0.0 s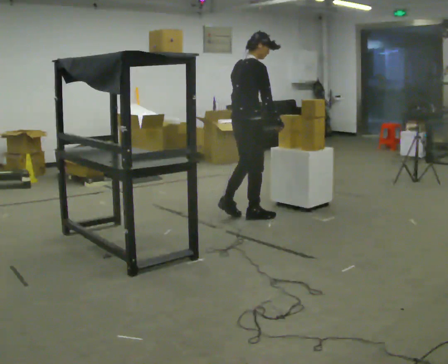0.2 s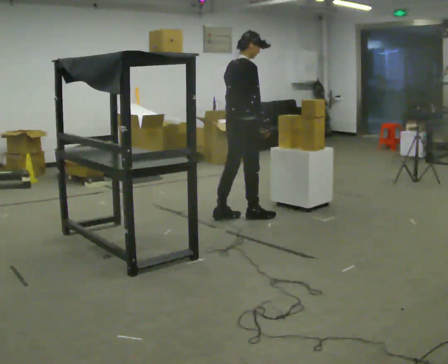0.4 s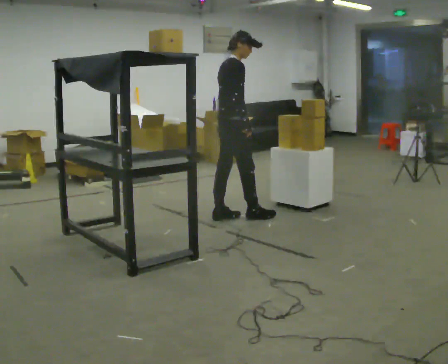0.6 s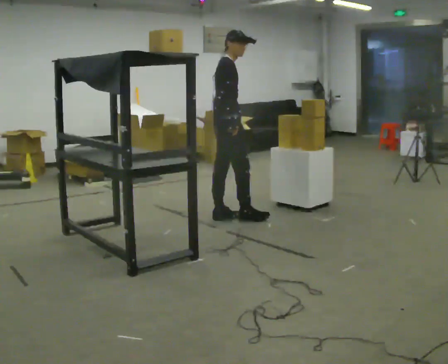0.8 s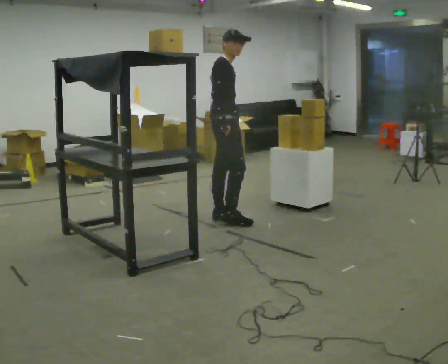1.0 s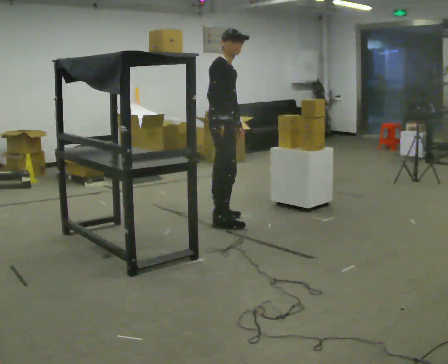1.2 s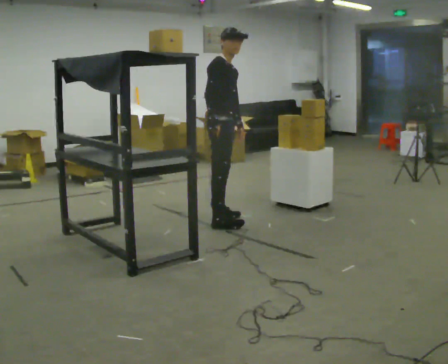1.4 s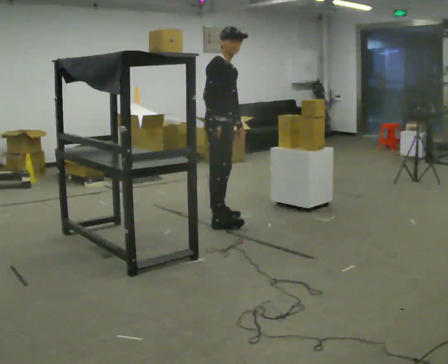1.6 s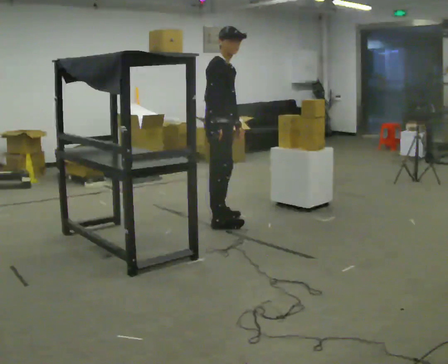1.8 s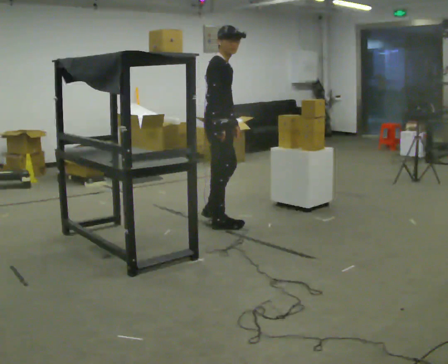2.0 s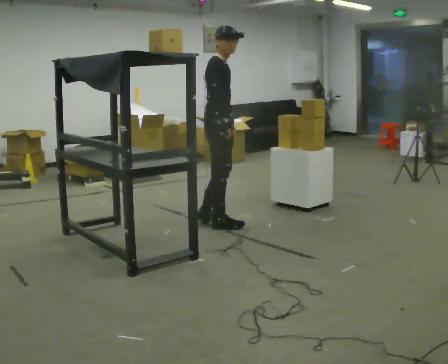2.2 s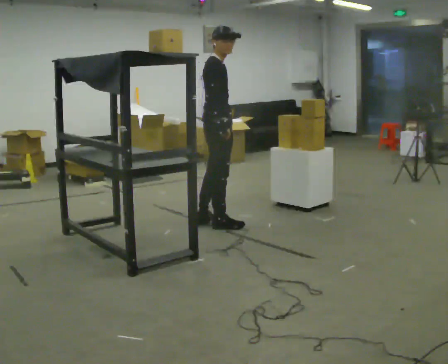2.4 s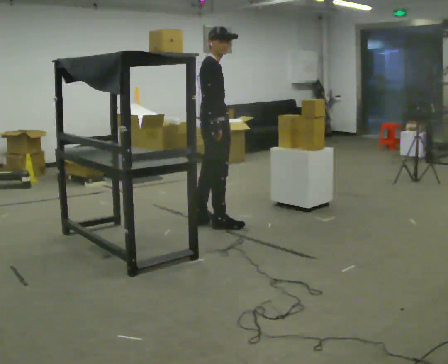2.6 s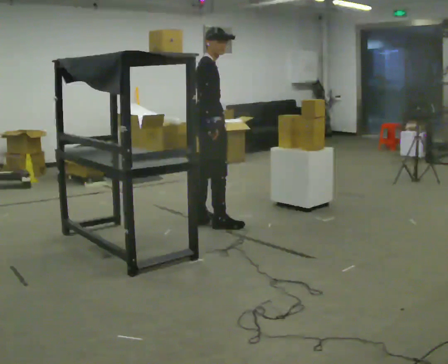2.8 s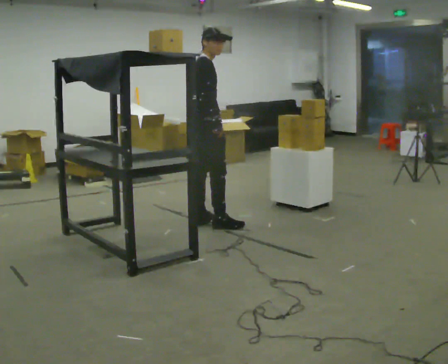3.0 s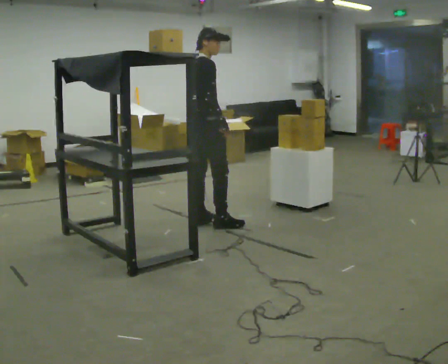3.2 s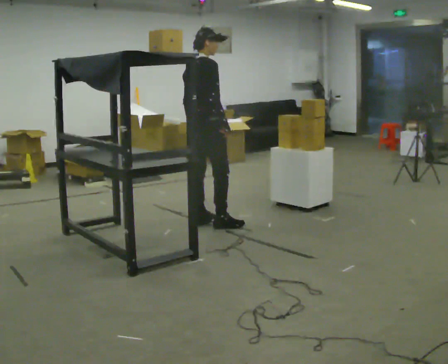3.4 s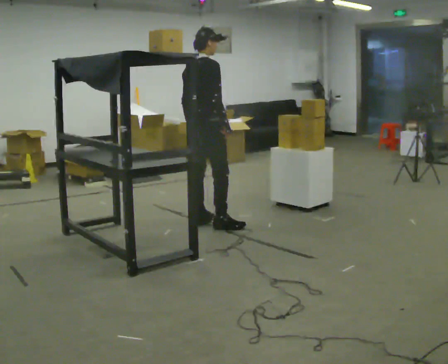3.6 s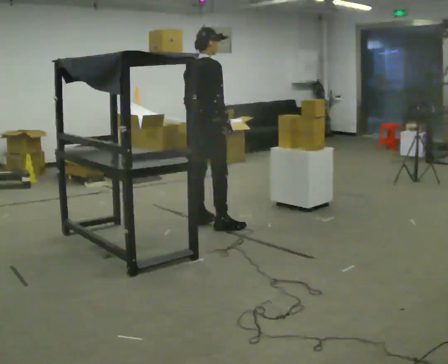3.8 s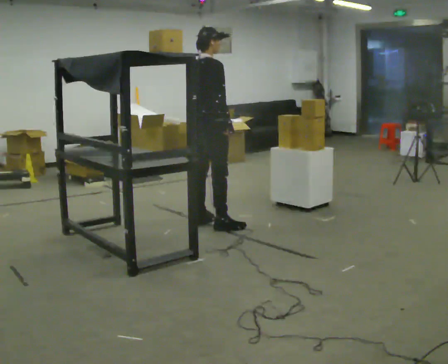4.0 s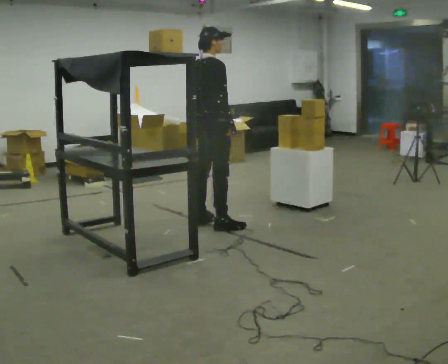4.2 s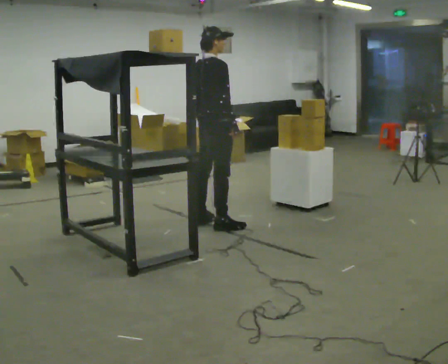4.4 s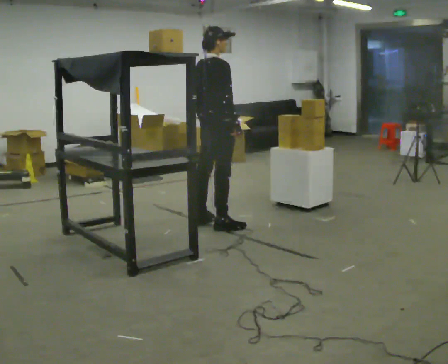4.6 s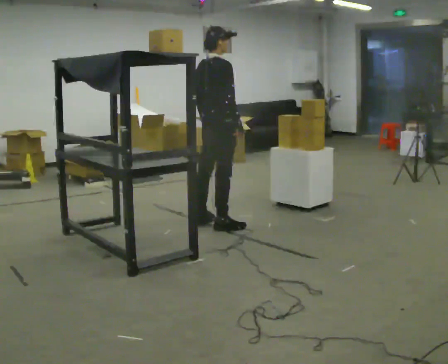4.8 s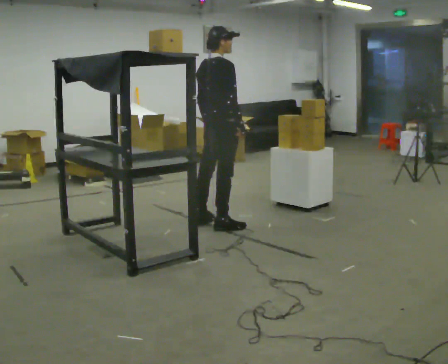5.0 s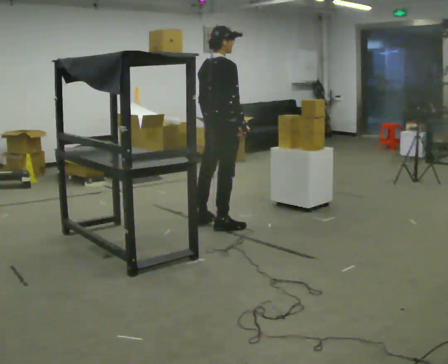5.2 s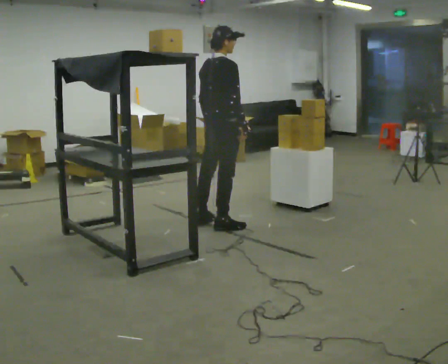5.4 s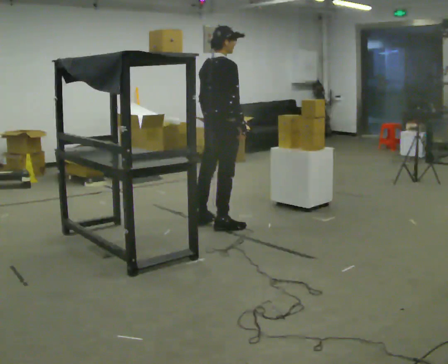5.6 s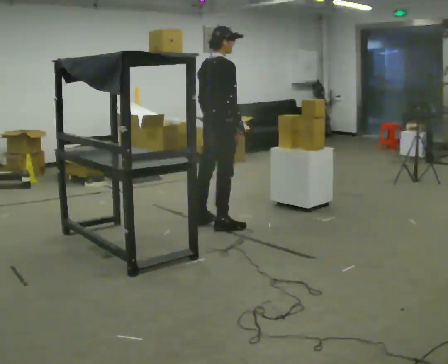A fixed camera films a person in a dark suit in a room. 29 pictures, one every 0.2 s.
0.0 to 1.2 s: Seen from above the body turns clockwise, about 45 degrees: to their right, with its near side sliding to the left. In the picture they go to the left, about 0.25 m in 1 step, which for them is backward.
1.2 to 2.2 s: The person moves a little, or ends about where they began.
2.2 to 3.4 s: The part of the body nearest the lens slides to the right as the person turns to their left by about 45 degrees. In the picture their left hand goes to the left.
3.4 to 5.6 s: The person moves a little, or ends about where they began.
The film runs backward here.
